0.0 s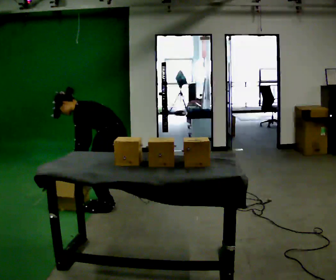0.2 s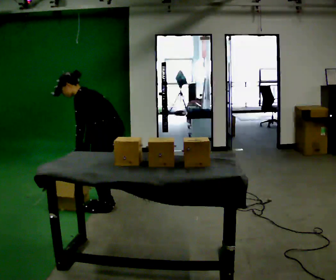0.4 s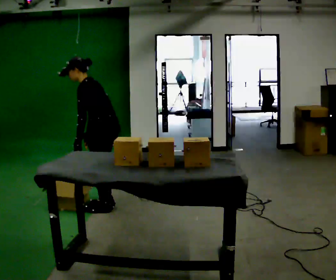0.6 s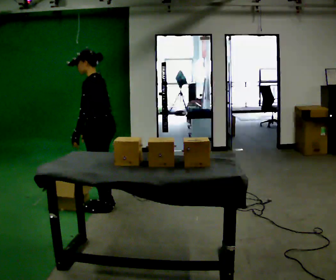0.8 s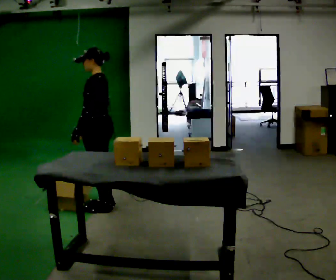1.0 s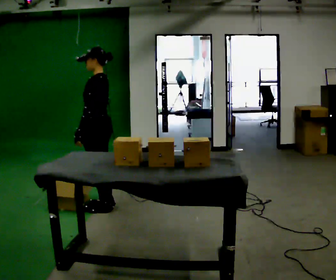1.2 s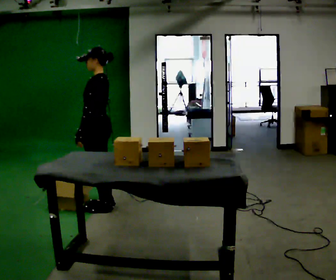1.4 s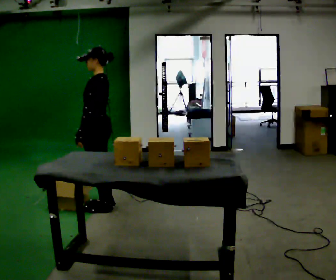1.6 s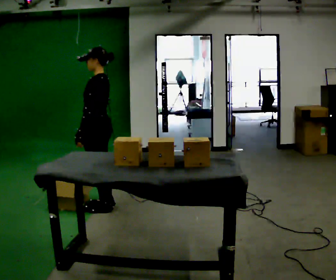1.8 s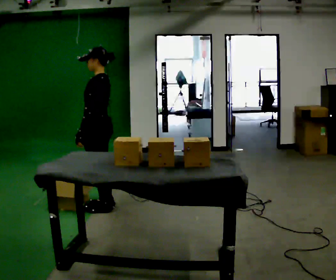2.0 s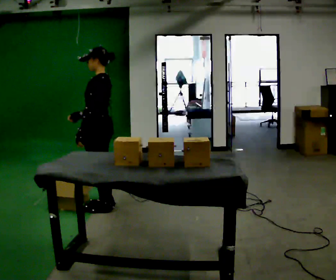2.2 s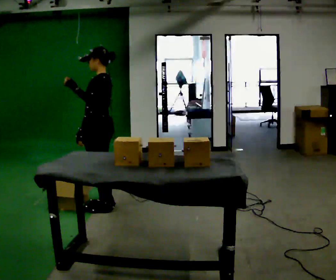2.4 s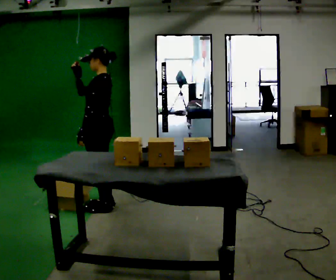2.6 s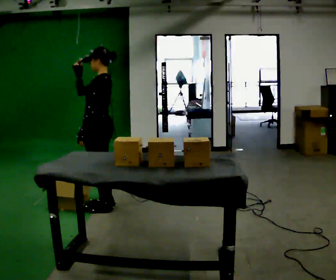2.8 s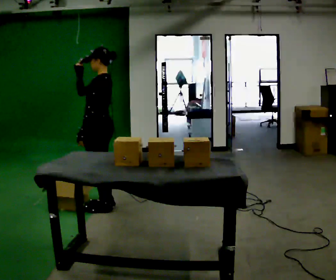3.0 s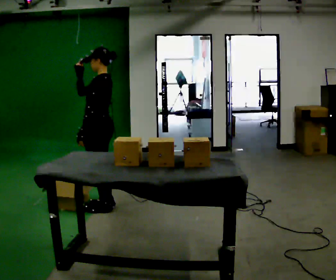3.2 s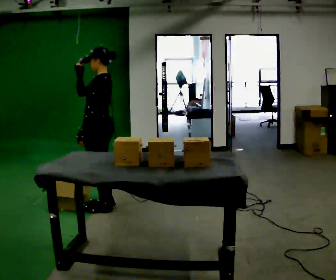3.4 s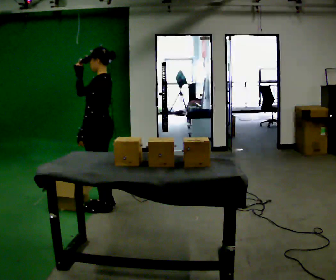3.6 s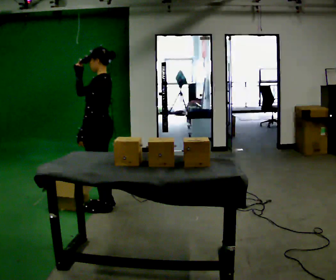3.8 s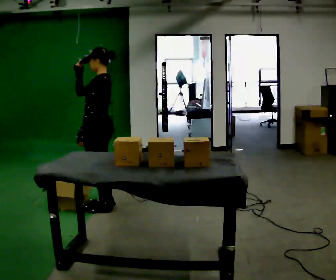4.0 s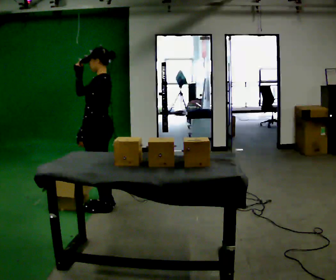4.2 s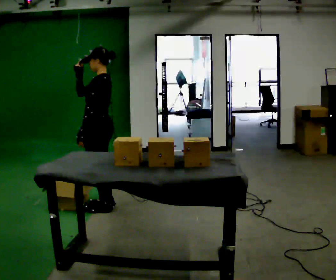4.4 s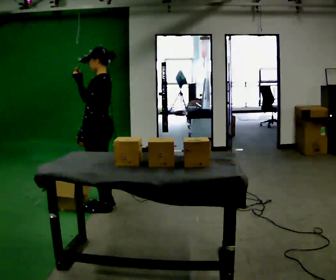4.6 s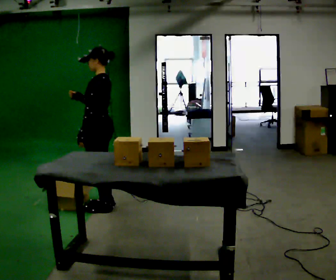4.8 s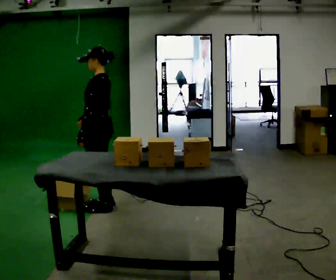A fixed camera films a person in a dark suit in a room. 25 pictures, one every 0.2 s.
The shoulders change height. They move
upward.
The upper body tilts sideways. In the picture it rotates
clockwise.
0.0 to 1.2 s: The upper body goes upward. In the picture the upper body tilts clockwise, shoulders to the right, as they lean back or straighten.
1.2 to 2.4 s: In the picture their right hand goes upward.
2.4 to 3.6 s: The person moves a little, or ends about where they began.
3.6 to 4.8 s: In the picture their right hand goes downward.
The film runs forward here.
